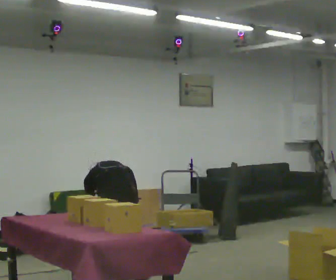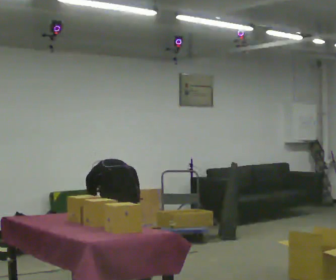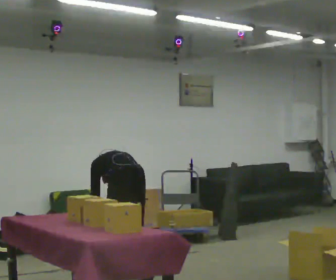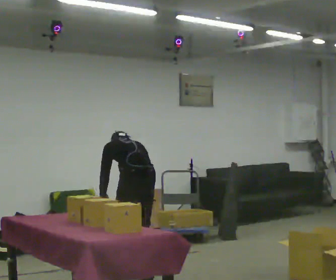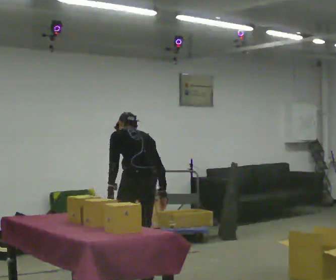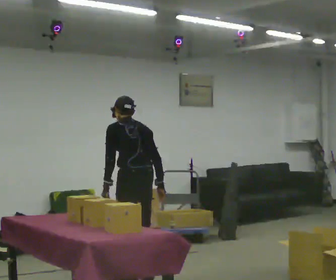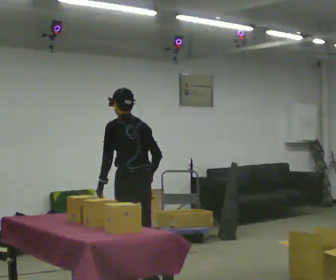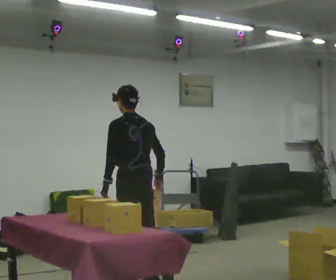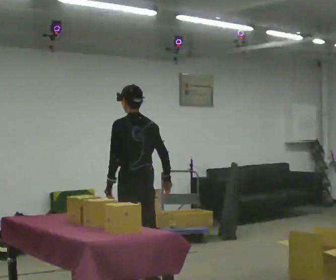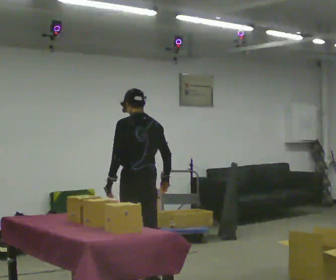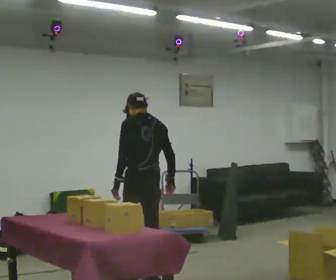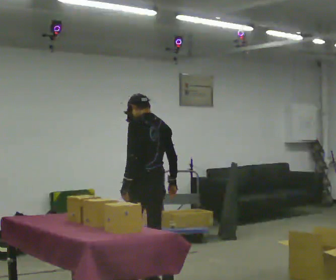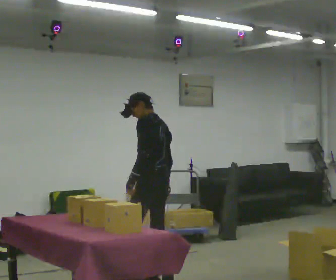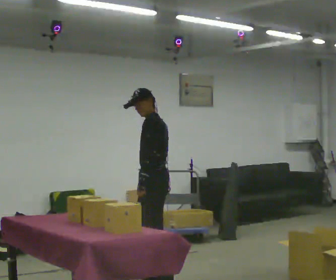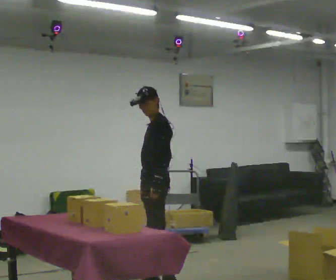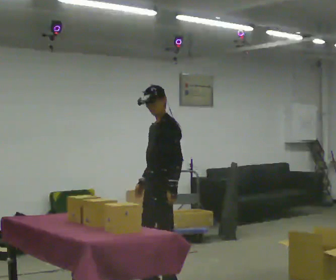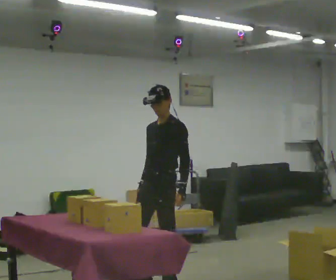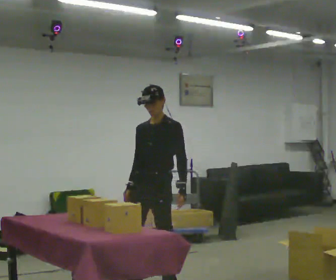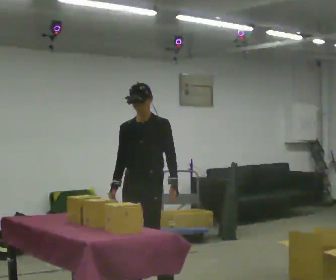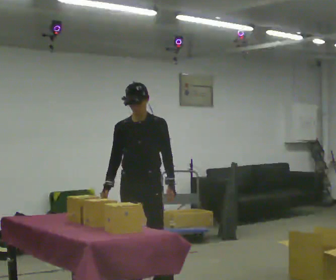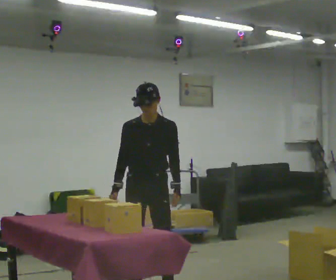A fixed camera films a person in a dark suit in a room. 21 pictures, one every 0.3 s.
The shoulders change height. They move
upward.
The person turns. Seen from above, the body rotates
counterclockwise.
0.0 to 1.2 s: In the picture they go to the right, about 0.25 m, which for them is backward and to their right. The shoulders move upward. The upper body tips toward the camera, its near side rolling downward, as they lean back or straighten. In the picture their left hand goes upward.
1.2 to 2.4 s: The upper body tips toward the camera, its near side rolling downward, as they lean back or straighten.
2.4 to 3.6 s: The person moves a little, or ends about where they began.
3.6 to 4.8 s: The person turns about 75 degrees to their left, counterclockwise seen from above, so the part of the body nearest the lens slides to the right. In the picture they go toward the camera, about 0.25 m in 1 step. In the picture their left hand goes to the right.
4.8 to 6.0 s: The person turns about 45 degrees to their left, counterclockwise seen from above, so the part of the body nearest the lens slides to the right. In the picture they go toward the camera, about 0.25 m in 2 steps, which for them is forward.
The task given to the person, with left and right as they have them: Take each object from the table and put it in the bin that matches it, walking between the bins. Keep going until the operator says stop; one object at a time, and do not rush between trips.
The film runs forward here.
